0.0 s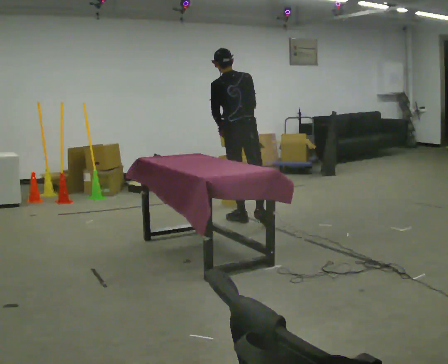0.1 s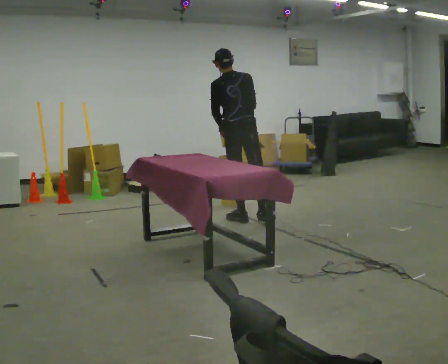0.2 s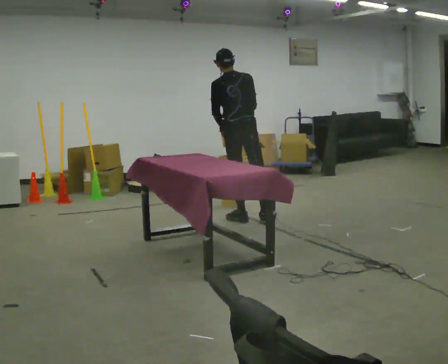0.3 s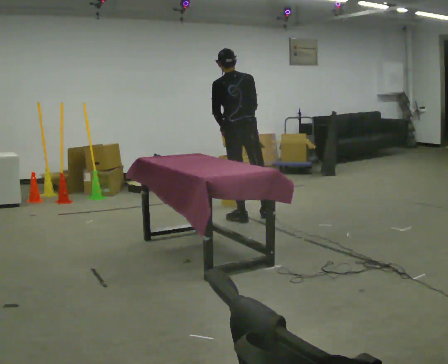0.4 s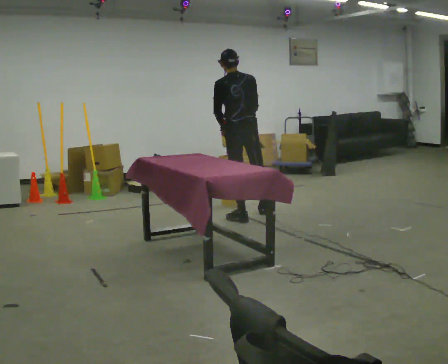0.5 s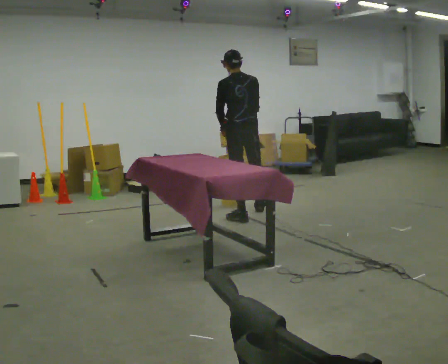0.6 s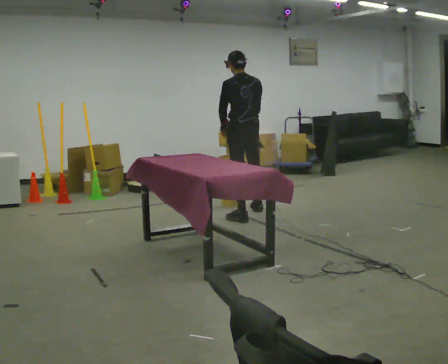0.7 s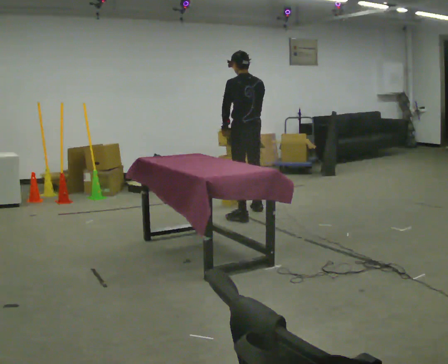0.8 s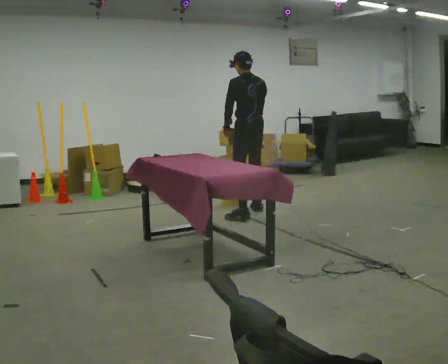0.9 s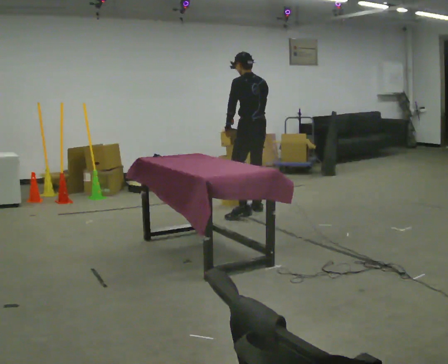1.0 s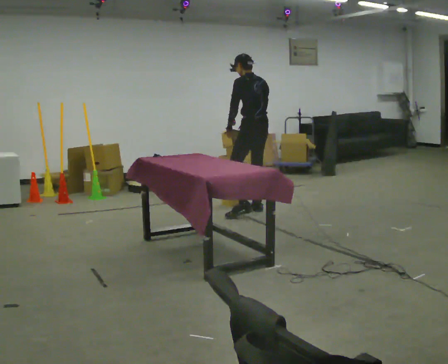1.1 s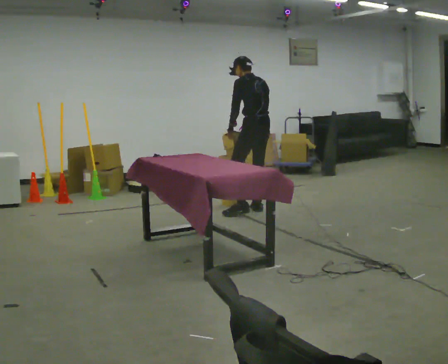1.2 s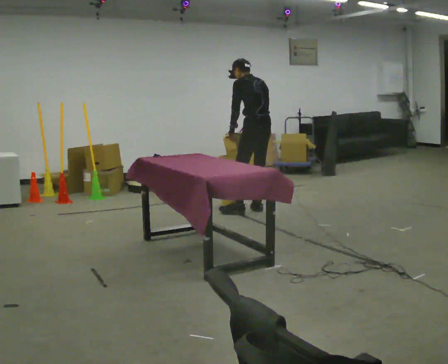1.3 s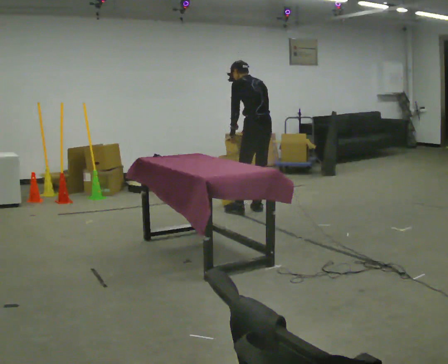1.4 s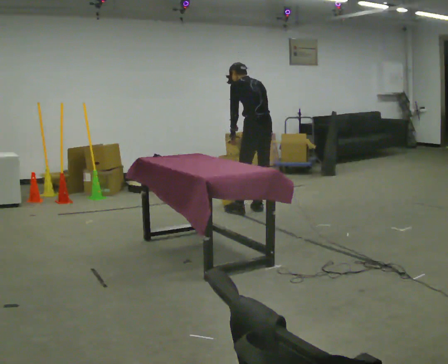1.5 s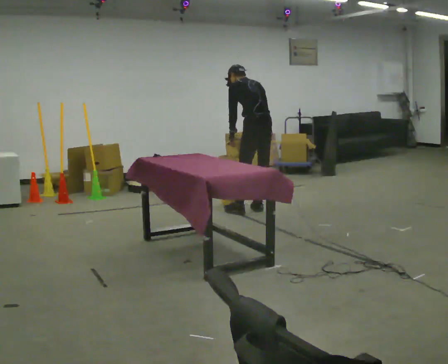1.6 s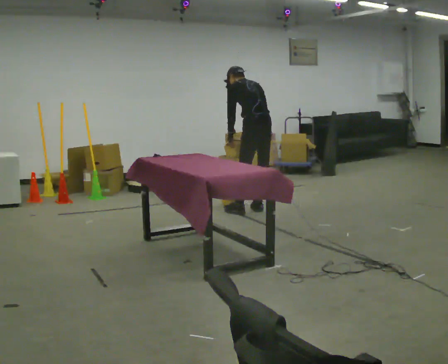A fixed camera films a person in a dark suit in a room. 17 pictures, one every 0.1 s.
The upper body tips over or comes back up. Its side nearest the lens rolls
upward.
0.0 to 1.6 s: Seen from above the body turns counterclockwise, about 30 degrees: to their left, with its near side sliding to the right. In the picture they go away from the camera and to the right, about 0.25 m in 2 steps, which for them is to their right. The upper body tips away from the camera, its near side rolling upward, as they bend forward.
The film runs forward here.
